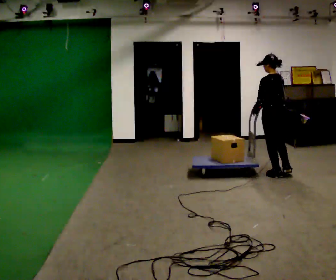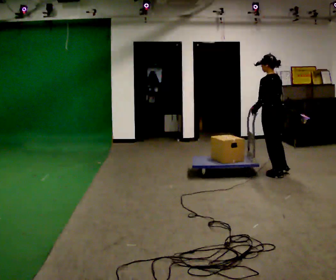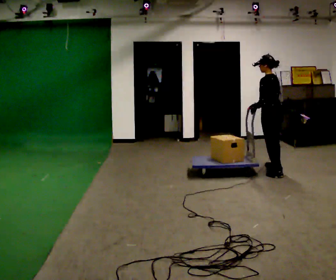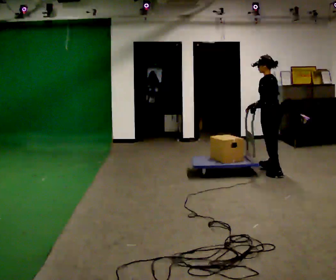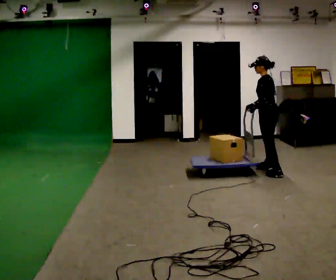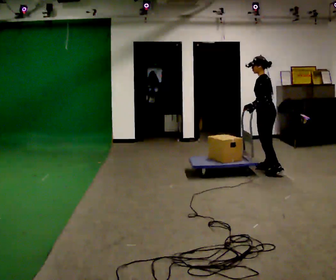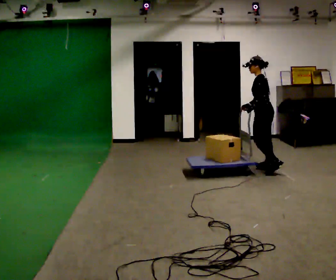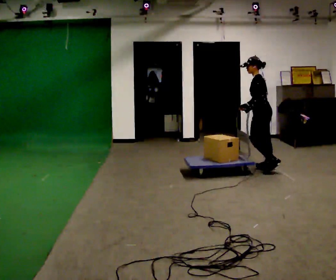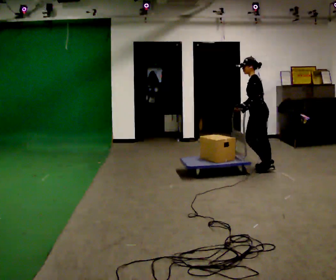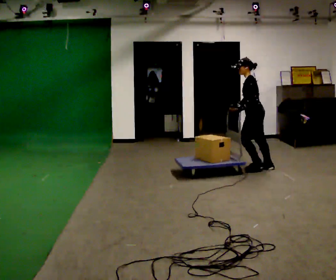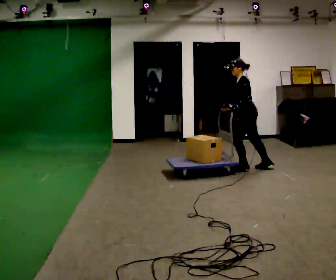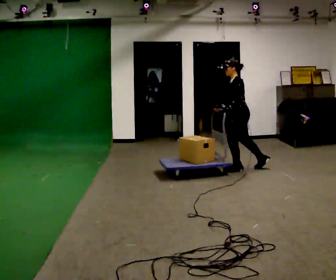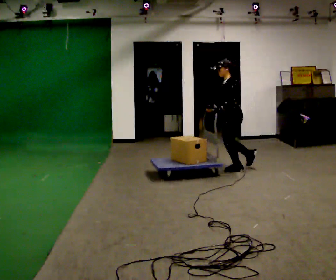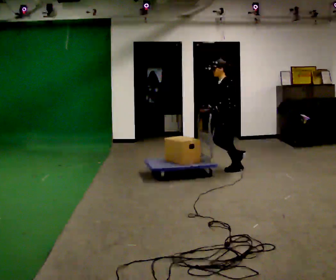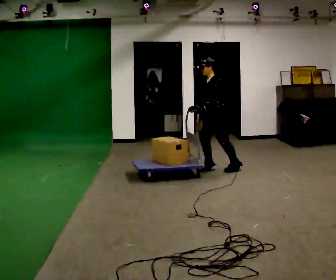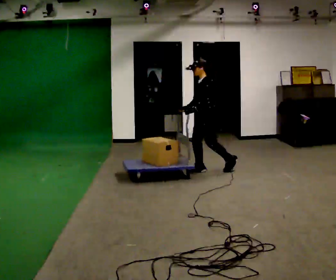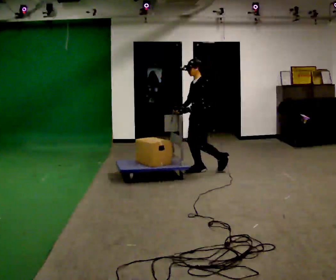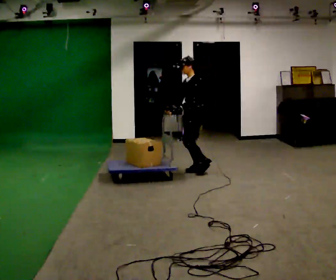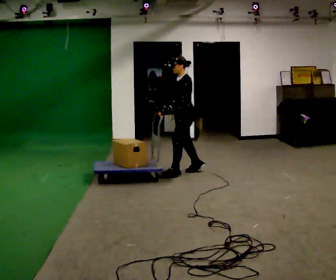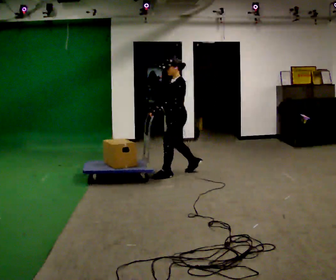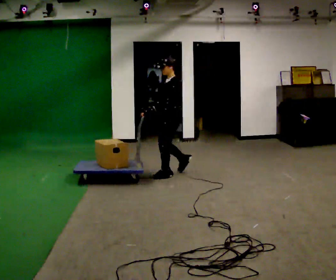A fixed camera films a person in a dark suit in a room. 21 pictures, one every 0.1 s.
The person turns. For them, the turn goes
to their left.
The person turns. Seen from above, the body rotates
counterclockwise.
0.0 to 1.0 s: The part of the body nearest the lens slides to the right as the person turns to their left by about 60 degrees. In the picture they go to the left and away from the camera, about 0.5 m in 1 step, which for them is forward and to their right.
1.0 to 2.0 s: Seen from above the body turns counterclockwise, about 30 degrees: to their left, with its near side sliding to the right. In the picture they go to the left and toward the camera, about 1 m in 3 steps, which for them is forward.
The film runs forward here.
